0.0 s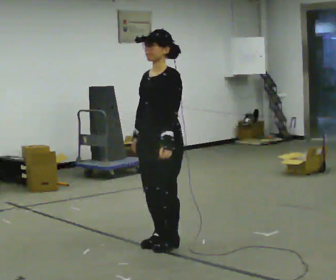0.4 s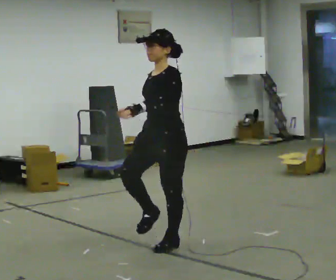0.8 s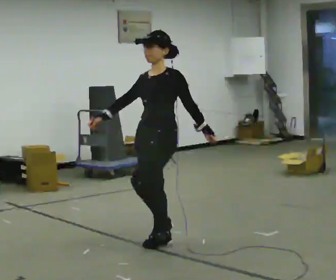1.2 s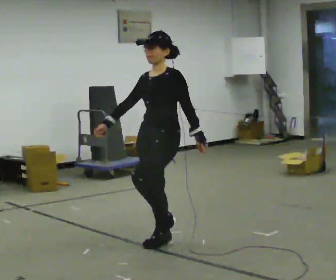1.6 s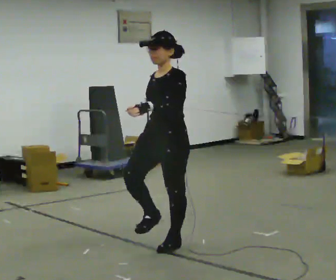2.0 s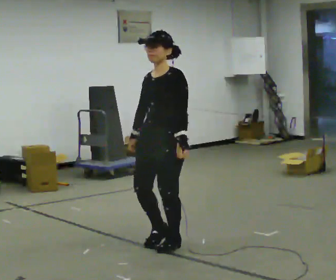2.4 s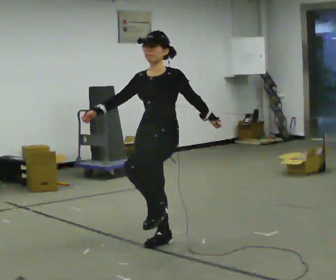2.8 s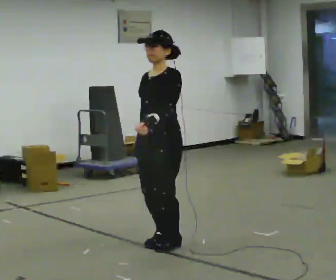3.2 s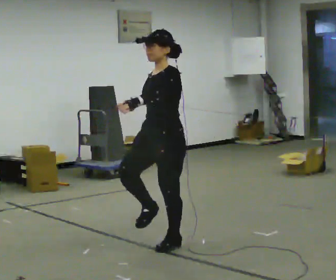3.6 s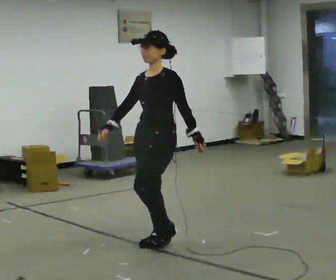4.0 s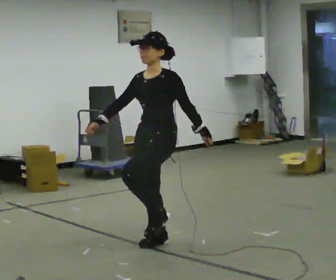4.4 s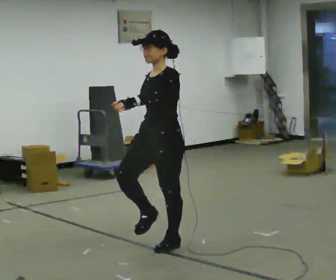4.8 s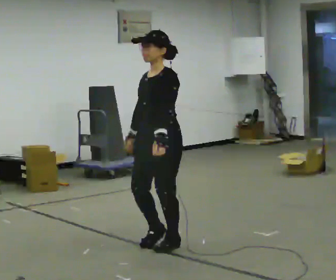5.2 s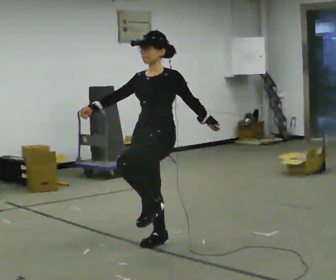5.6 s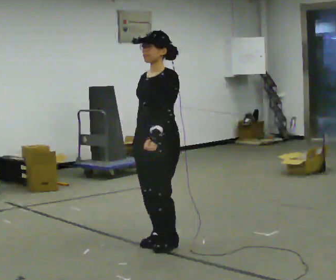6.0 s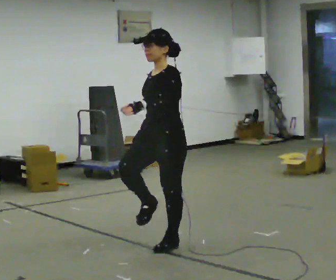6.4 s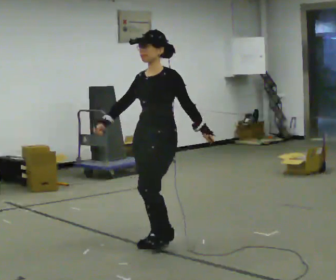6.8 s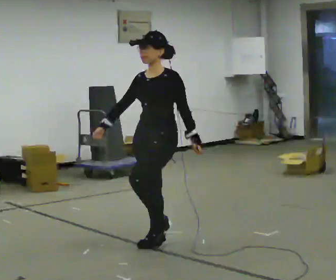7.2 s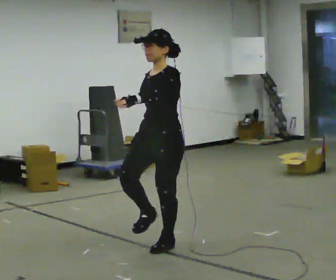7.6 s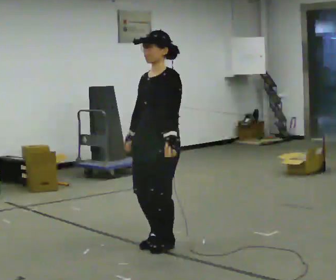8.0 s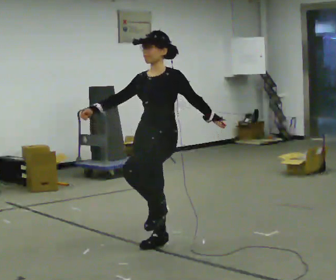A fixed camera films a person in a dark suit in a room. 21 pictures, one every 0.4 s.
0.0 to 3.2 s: The person moves a little, or ends about where they began.
3.2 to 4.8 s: In the picture their right hand goes to the left.
4.8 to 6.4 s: In the picture their left hand goes to the right.
6.4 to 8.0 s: The person moves a little, or ends about where they began.
The film runs backward here.
